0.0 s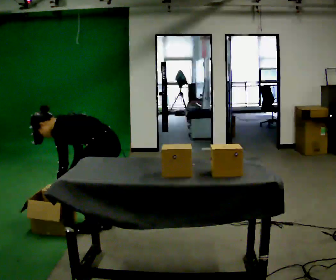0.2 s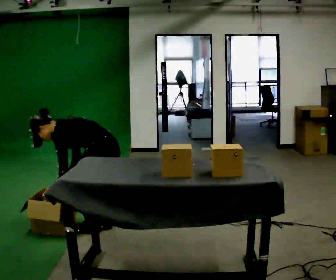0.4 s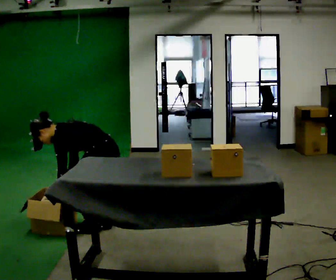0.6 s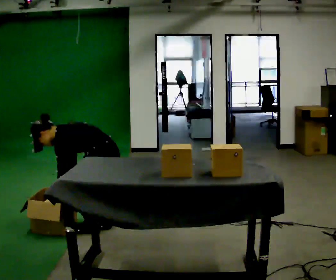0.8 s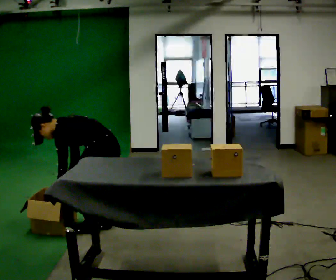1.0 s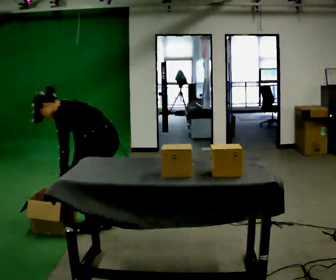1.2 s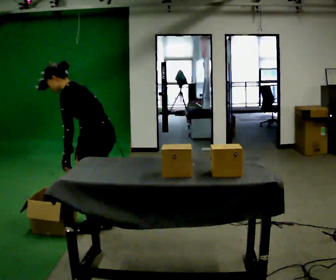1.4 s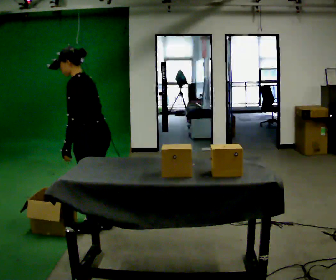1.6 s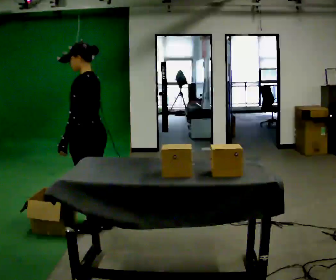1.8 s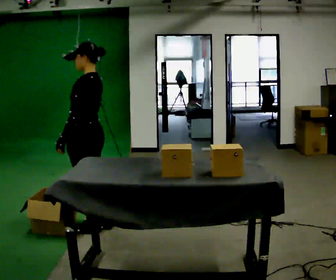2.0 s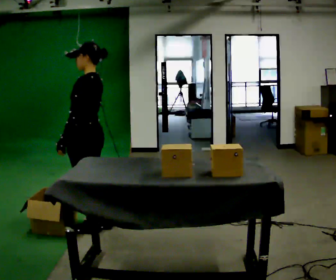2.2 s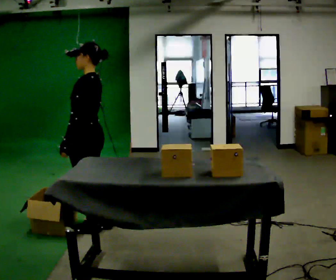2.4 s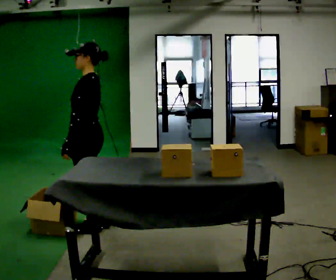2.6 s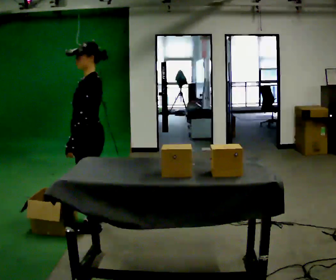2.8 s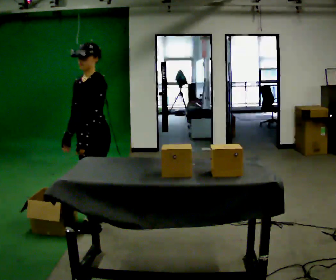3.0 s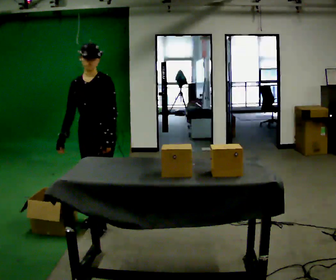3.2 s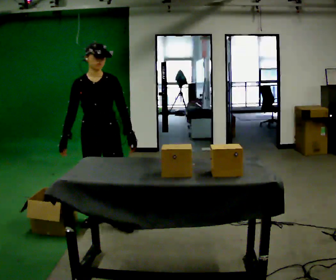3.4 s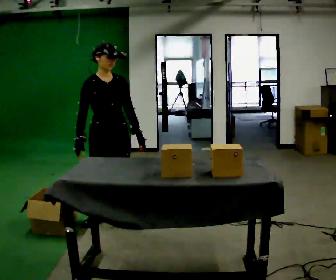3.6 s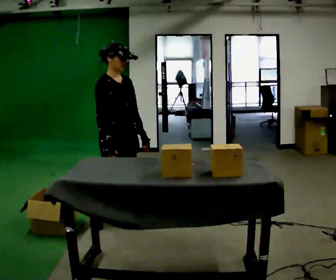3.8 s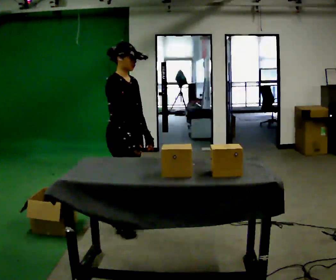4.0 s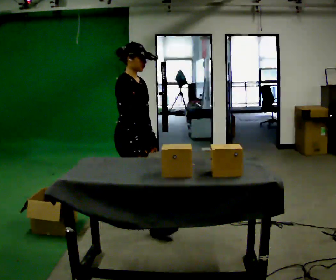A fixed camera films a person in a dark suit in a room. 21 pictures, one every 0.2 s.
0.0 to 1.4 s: The upper body goes upward. In the picture the upper body tilts clockwise, shoulders to the right, as they lean back or straighten. In the picture their left hand goes upward.
1.4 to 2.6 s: Seen from above the body turns counterclockwise, about 30 degrees: to their left, with its near side sliding to the right. In the picture the upper body tilts clockwise, shoulders to the right, as they lean back or straighten.
2.6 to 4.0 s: Seen from above the body turns counterclockwise, about 135 degrees: to their left, with its near side sliding to the right. In the picture they go to the right, about 0.25 m in 1 step.
The film runs forward here.
